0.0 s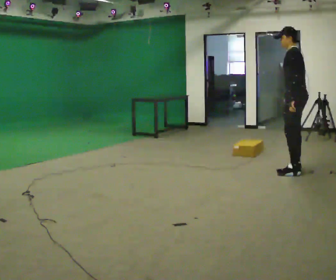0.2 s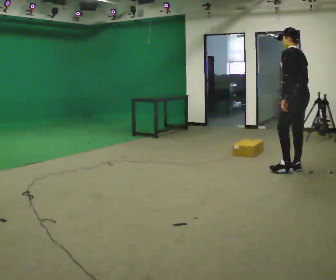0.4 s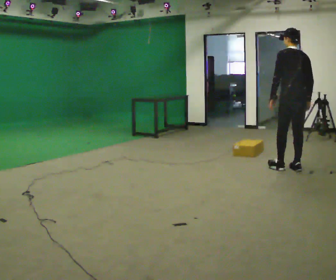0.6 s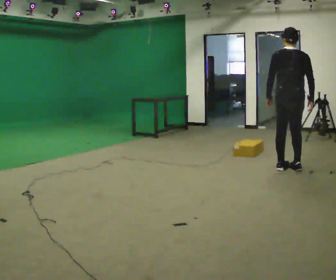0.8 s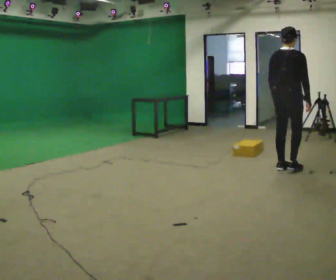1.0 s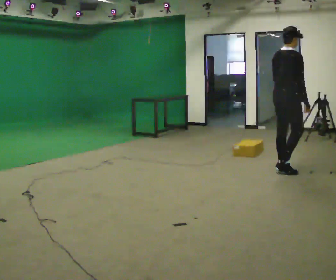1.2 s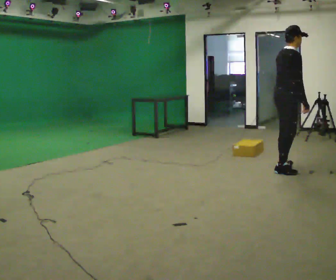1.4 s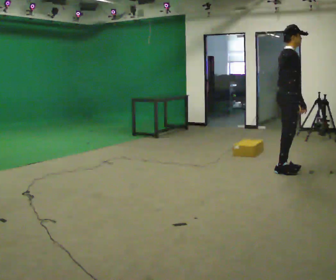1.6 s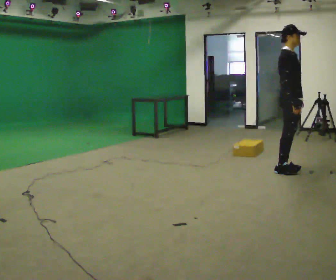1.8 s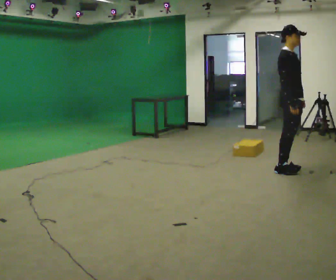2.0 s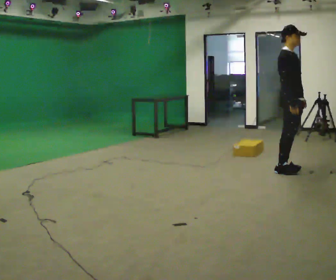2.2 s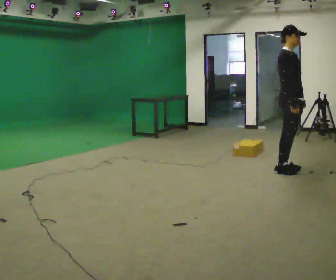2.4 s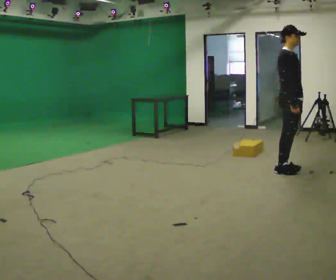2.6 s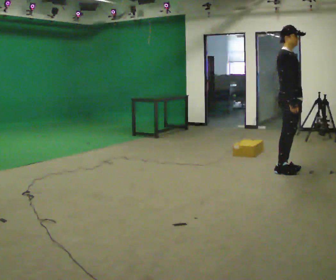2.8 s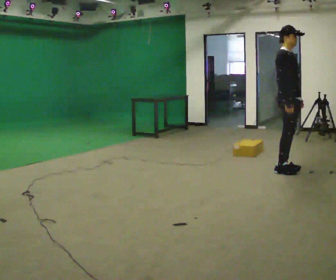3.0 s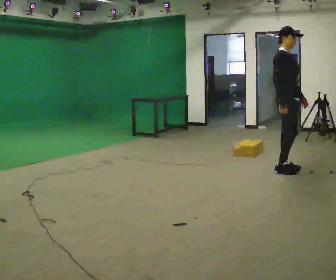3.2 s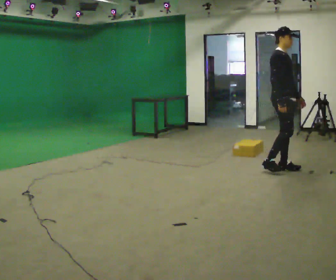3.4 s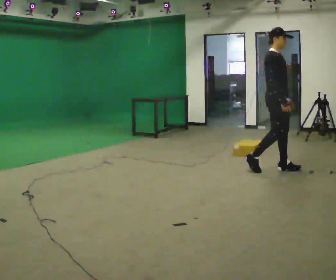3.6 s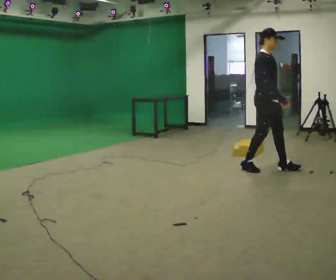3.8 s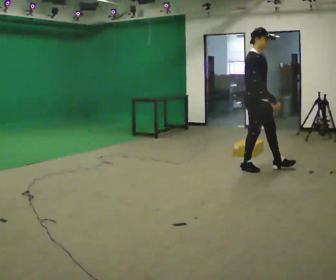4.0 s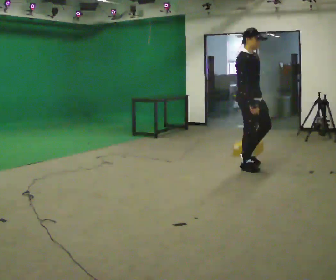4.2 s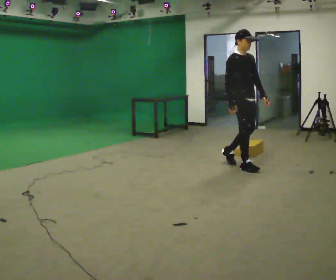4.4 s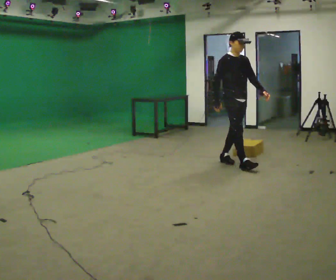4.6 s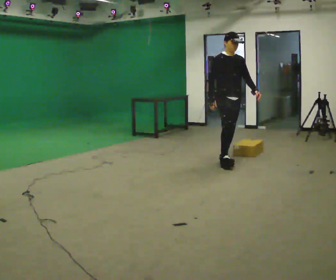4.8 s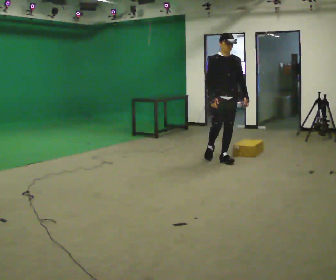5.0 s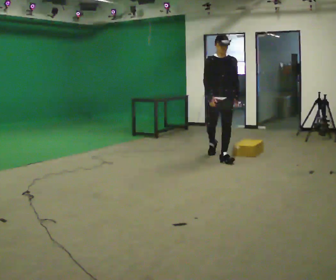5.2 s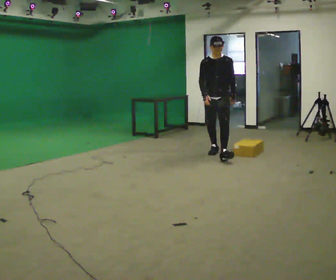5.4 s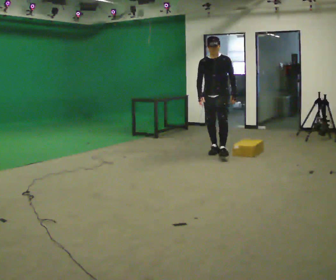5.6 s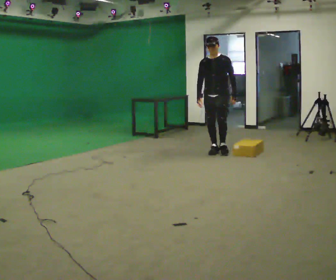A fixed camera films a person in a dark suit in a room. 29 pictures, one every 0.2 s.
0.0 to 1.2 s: Seen from above the body turns clockwise, about 135 degrees: to their right, with its near side sliding to the left. In the picture the upper body tilts clockwise, shoulders to the right.
1.2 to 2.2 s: The person turns about 45 degrees to their right, clockwise seen from above, so the part of the body nearest the lens slides to the left.
2.2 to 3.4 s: In the picture they go to the left, about 0.25 m in 1 step, which for them is backward.
3.4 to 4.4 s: In the picture they go to the left, about 0.5 m in 1 step, which for them is backward.
4.4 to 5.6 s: The part of the body nearest the lens slides to the left as the person turns to their right by about 60 degrees. In the picture they go away from the camera and to the left, about 1 m in 2 steps, which for them is backward.
The film runs backward here.
